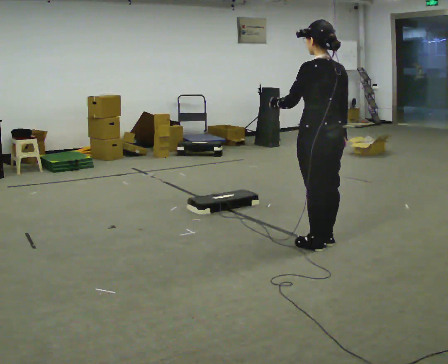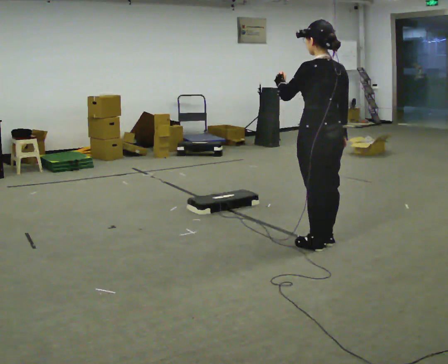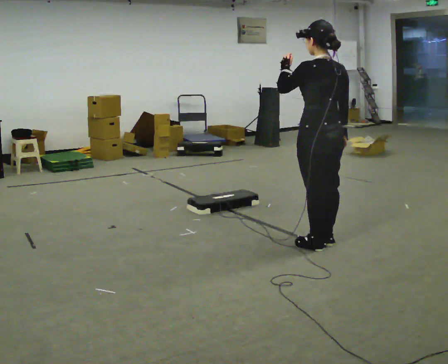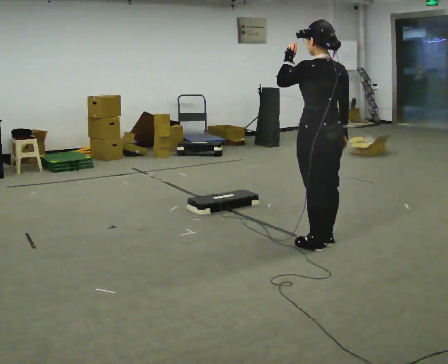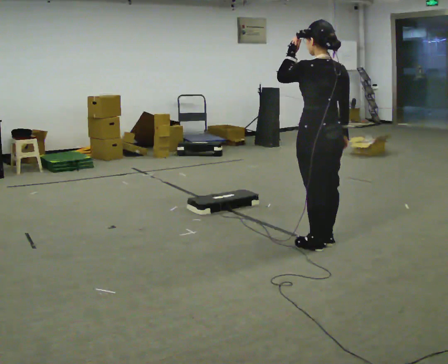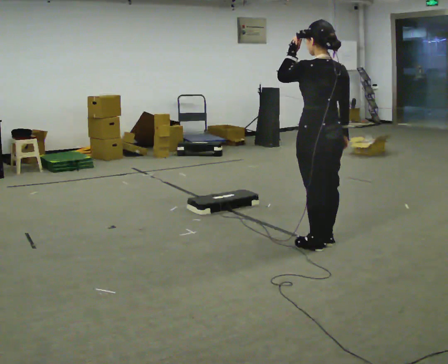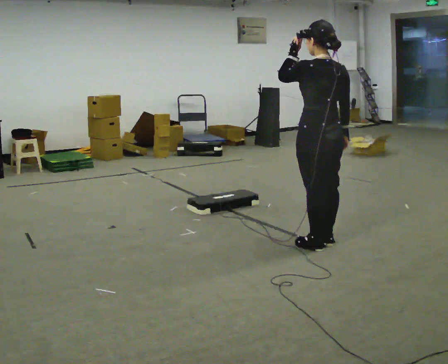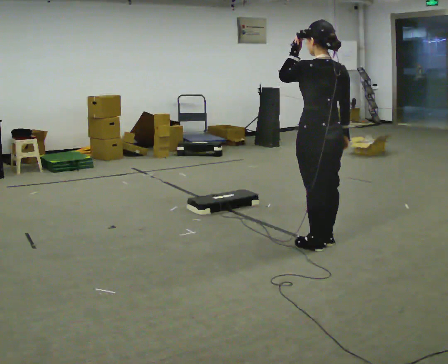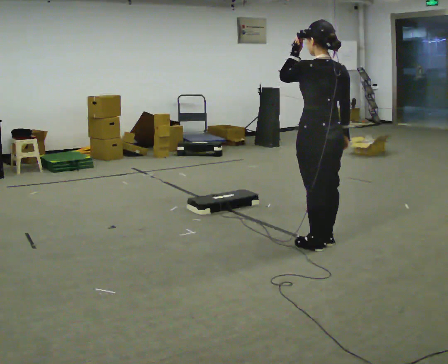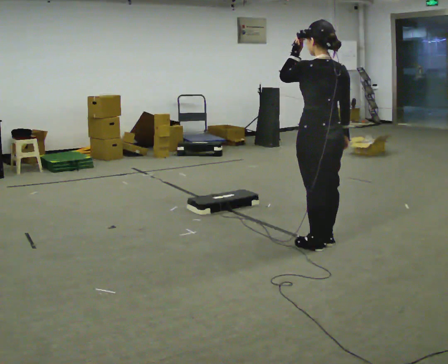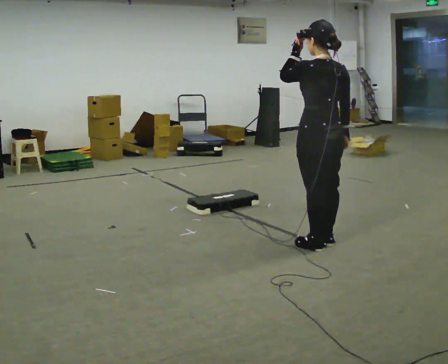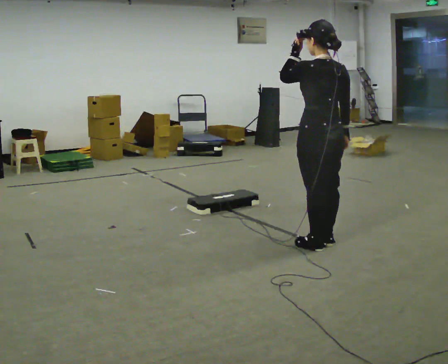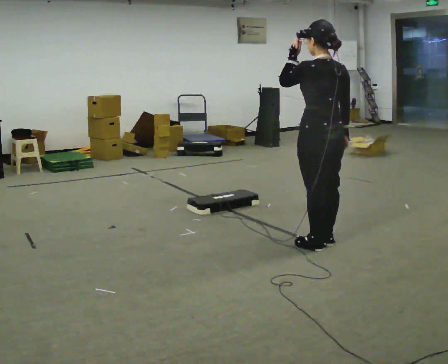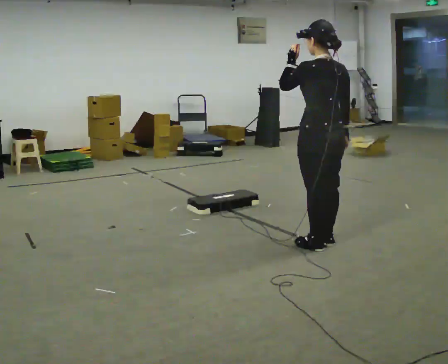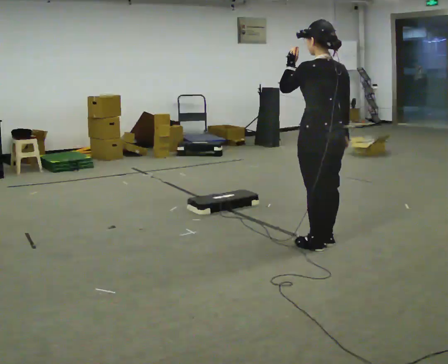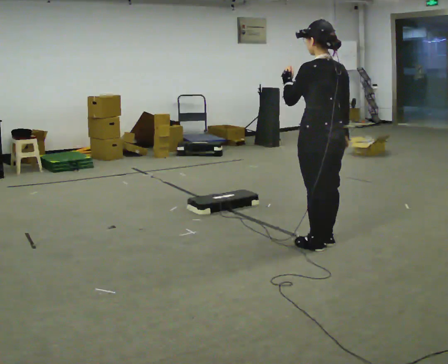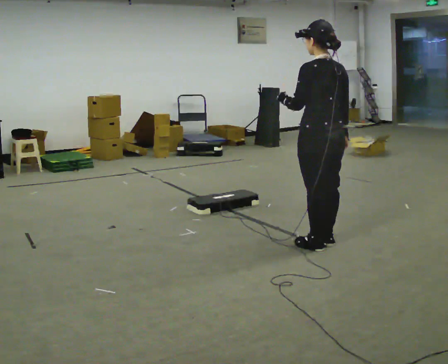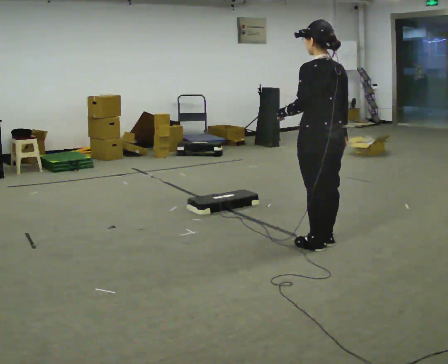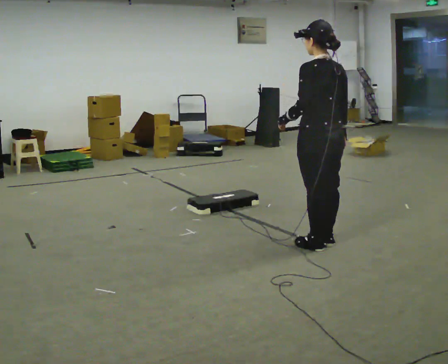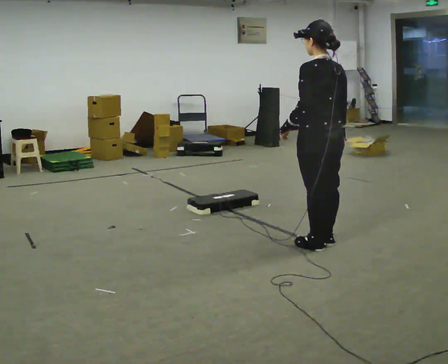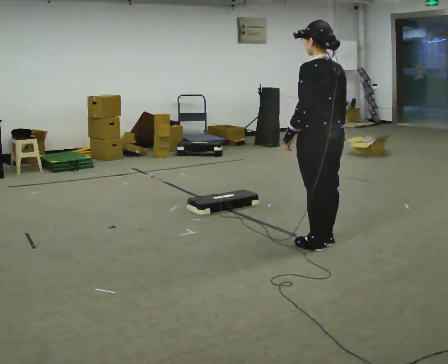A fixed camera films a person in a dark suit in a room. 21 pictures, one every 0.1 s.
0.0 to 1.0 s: The person moves a little, or ends about where they began.
1.0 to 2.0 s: In the picture their left hand goes downward.
The film runs forward here.
